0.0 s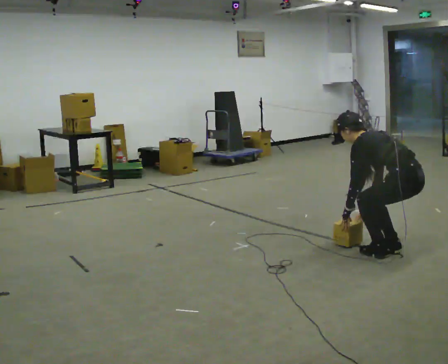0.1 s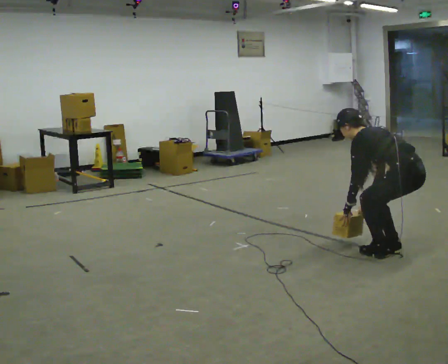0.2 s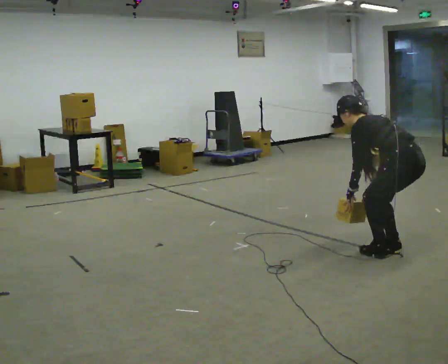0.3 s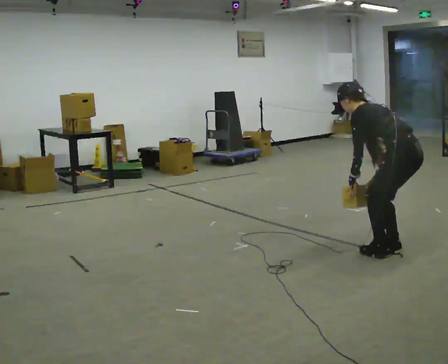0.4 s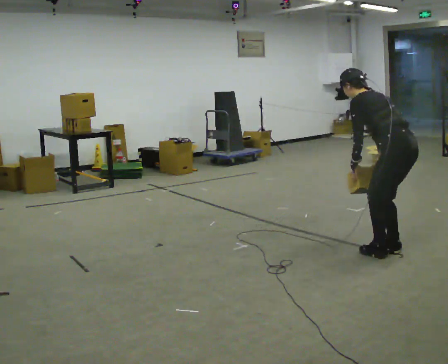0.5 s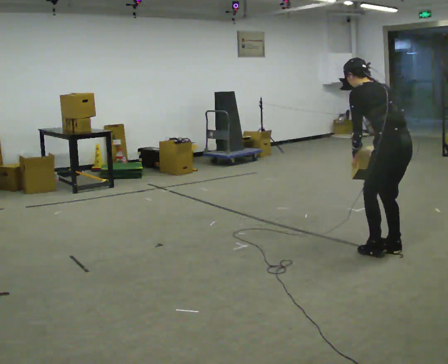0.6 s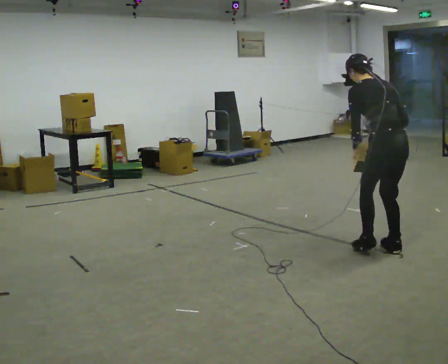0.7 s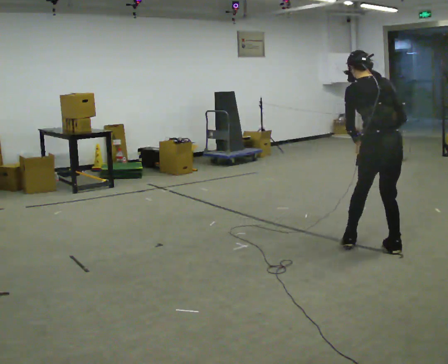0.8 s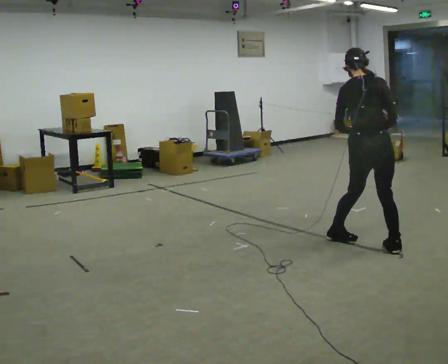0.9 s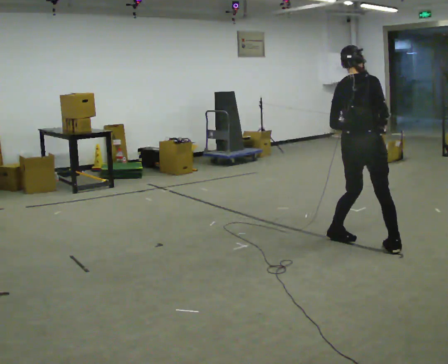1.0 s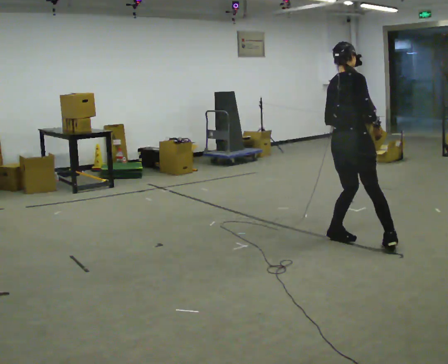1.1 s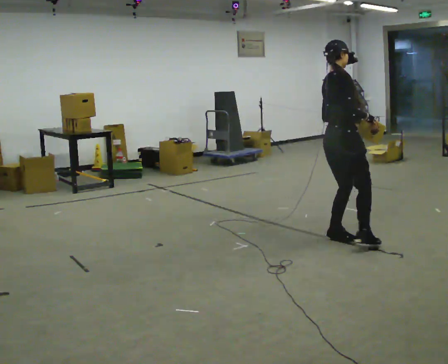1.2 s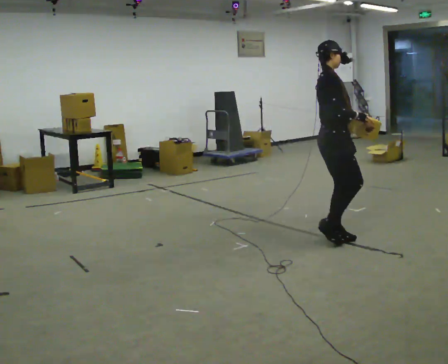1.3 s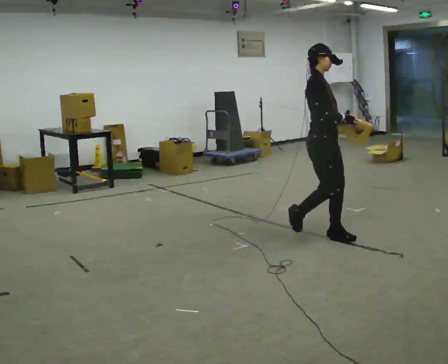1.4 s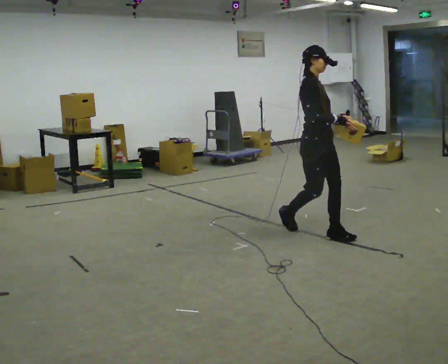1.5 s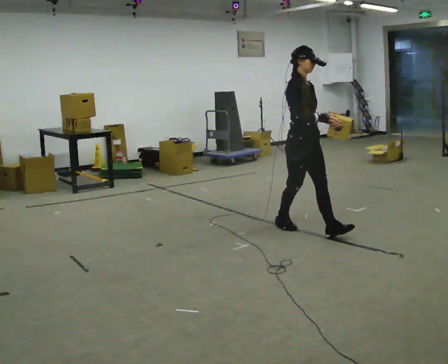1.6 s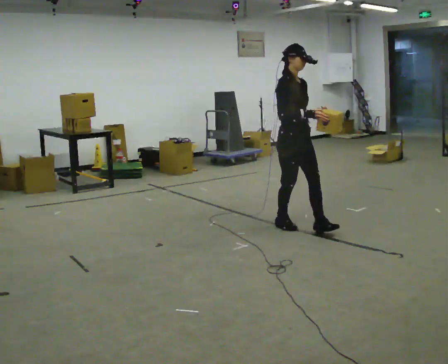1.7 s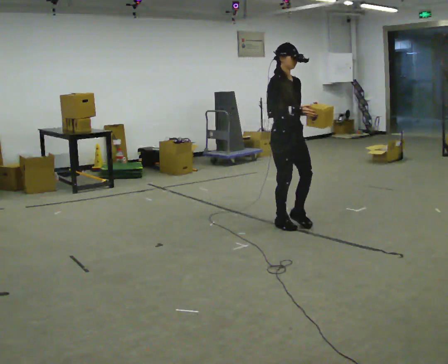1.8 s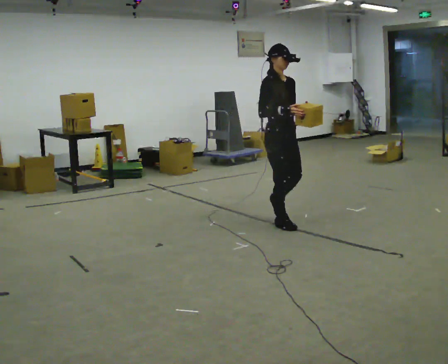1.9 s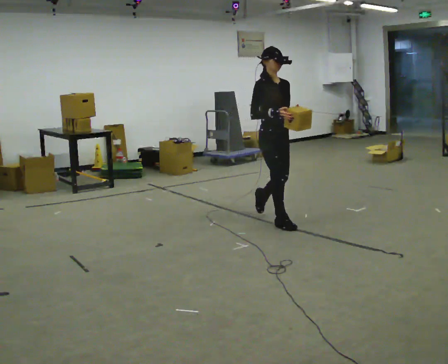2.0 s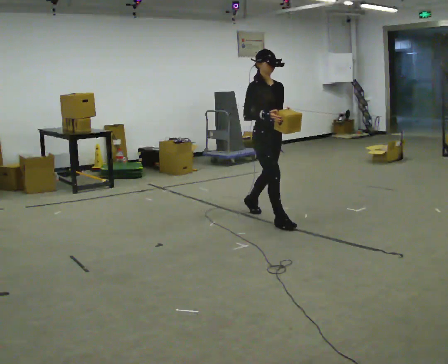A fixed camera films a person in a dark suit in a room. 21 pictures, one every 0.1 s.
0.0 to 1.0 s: The person turns about 90 degrees to their right, clockwise seen from above, so the part of the body nearest the lens slides to the left. In the picture they go to the left and away from the camera, about 0.5 m in 2 steps. The shoulders move upward. In the picture the upper body tilts clockwise, shoulders to the right, as they lean back or straighten. In the picture their left hand goes upward.
1.0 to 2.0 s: Seen from above the body turns clockwise, about 90 degrees: to their right, with its near side sliding to the left. In the picture they go to the left and away from the camera, about 1 m in 1 step.
The film runs backward here.
